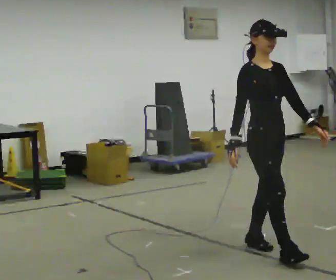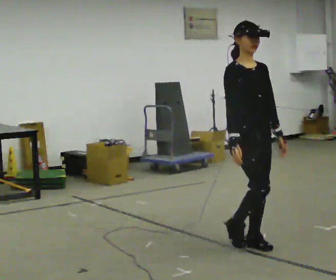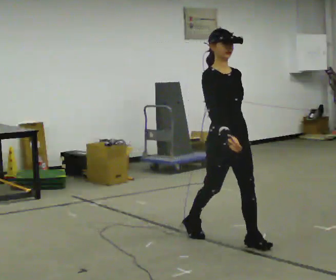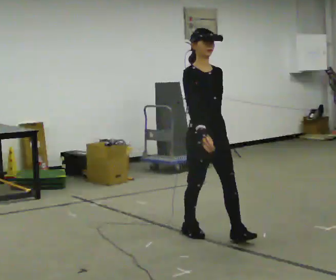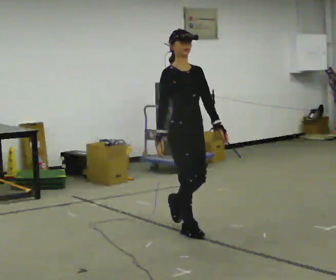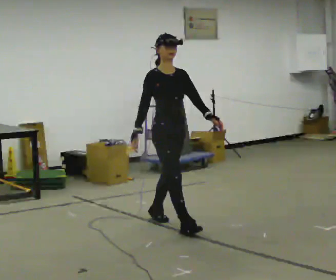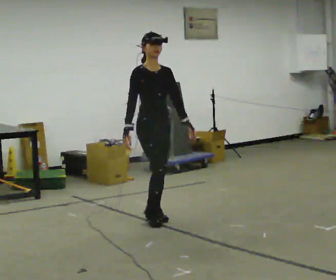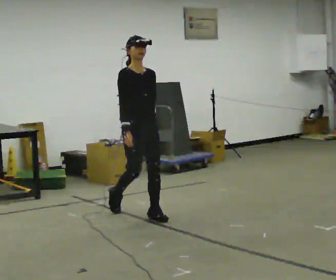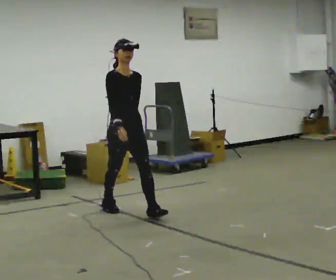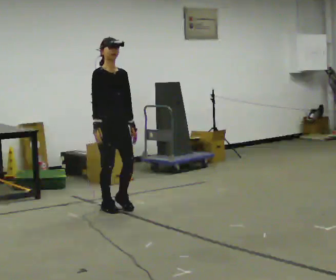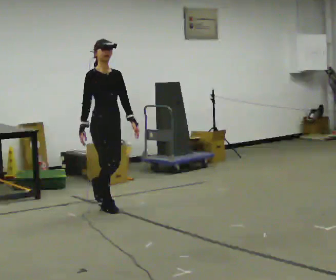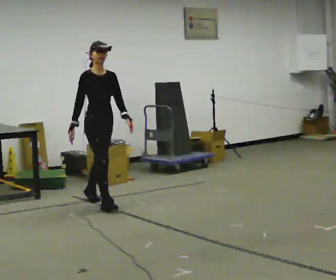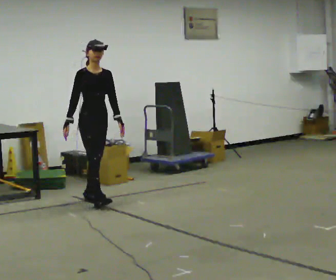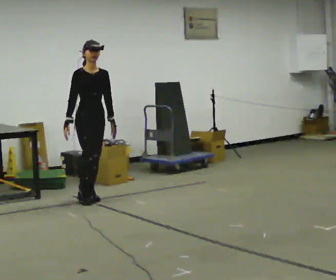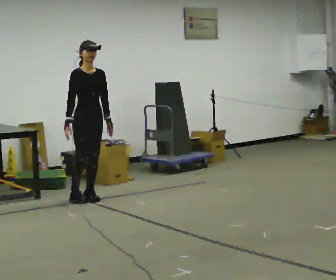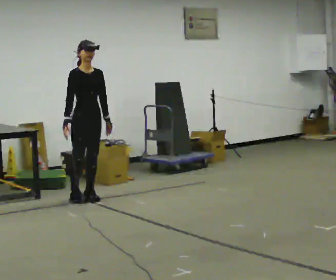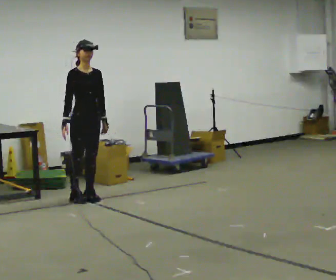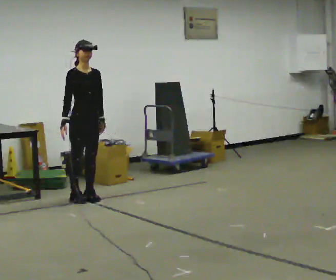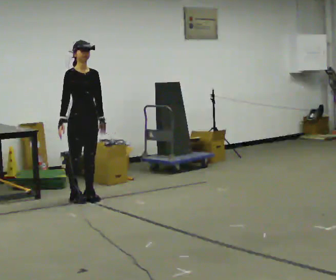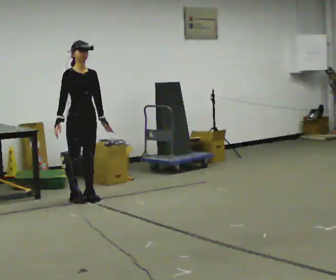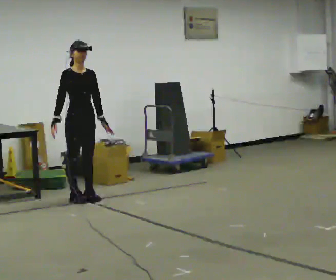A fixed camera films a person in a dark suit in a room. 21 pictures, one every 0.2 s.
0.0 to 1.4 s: In the picture they go away from the camera and to the left, about 1.5 m in 2 steps, which for them is backward.
1.4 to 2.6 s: In the picture they go away from the camera and to the left, about 1 m in 2 steps, which for them is backward.
2.6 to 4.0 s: The person moves a little, or ends about where they began.
The film runs backward here.
